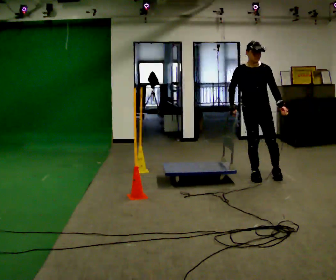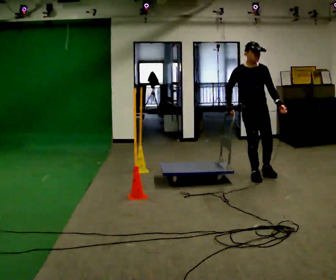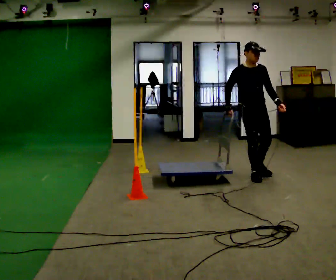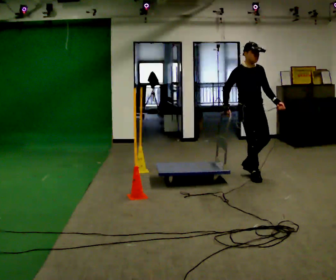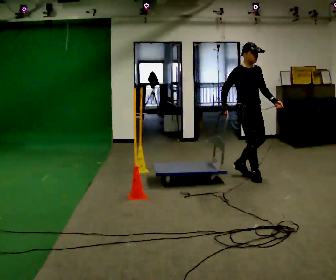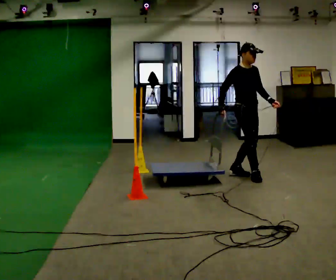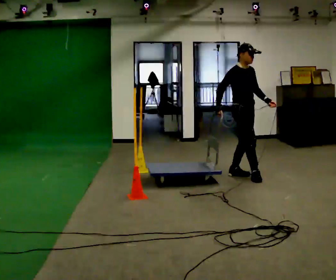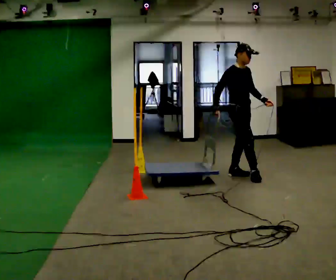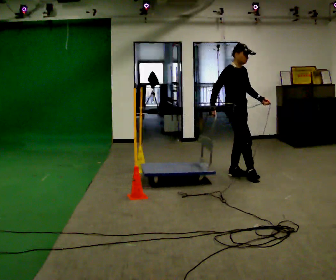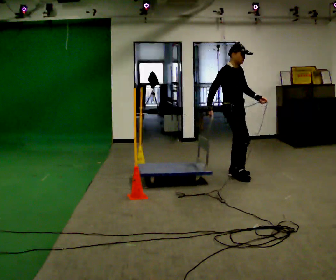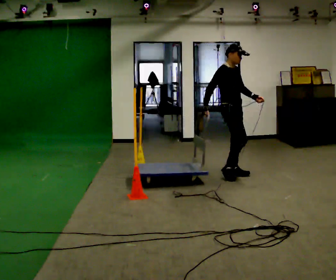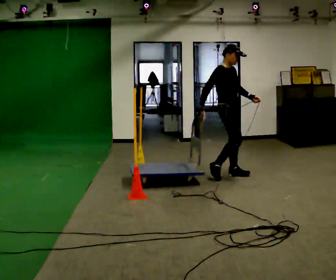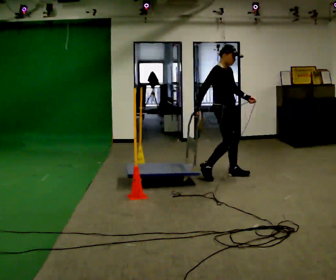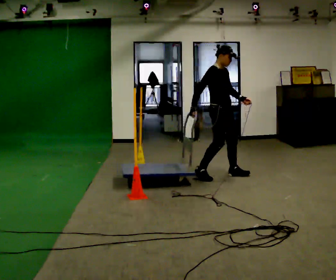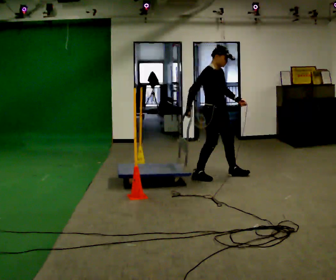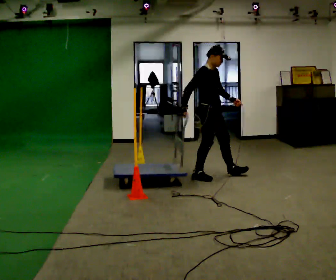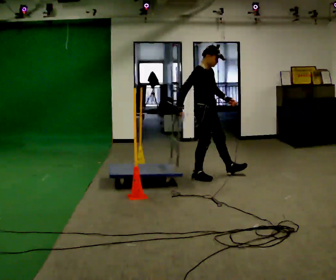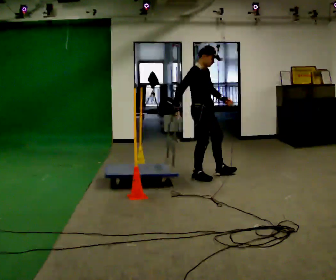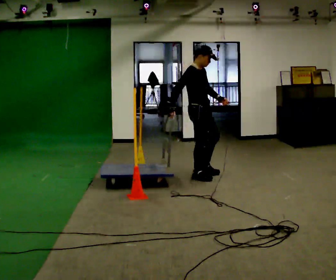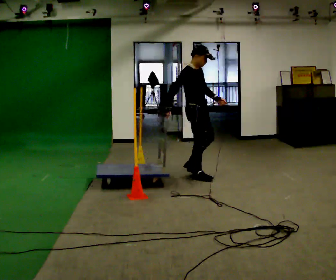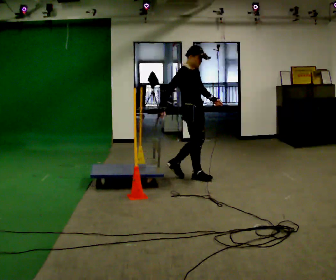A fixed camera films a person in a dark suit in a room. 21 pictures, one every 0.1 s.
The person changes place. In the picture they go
to the left.
The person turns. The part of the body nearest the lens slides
to the right.
0.0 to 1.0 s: Seen from above the body turns counterclockwise, about 60 degrees: to their left, with its near side sliding to the right. In the picture they go to the left, about 0.25 m in 1 step.
1.0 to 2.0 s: In the picture they go to the left, about 0.5 m in 1 step, which for them is backward and to their right.
The film runs backward here.
